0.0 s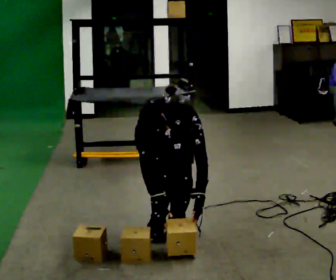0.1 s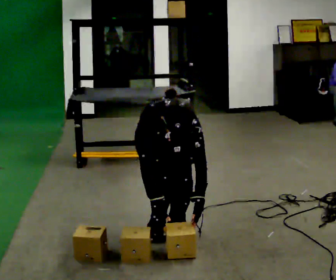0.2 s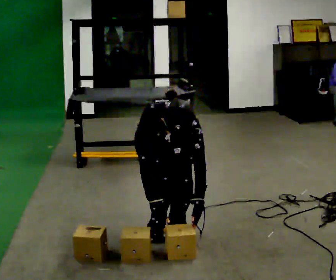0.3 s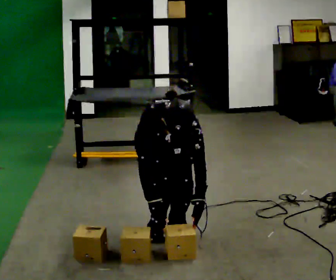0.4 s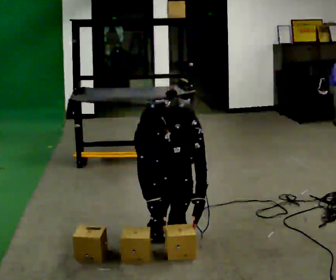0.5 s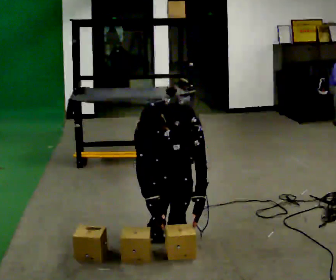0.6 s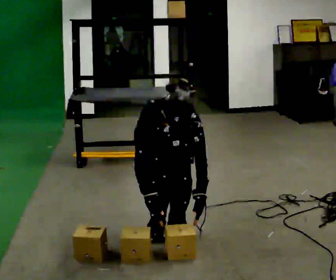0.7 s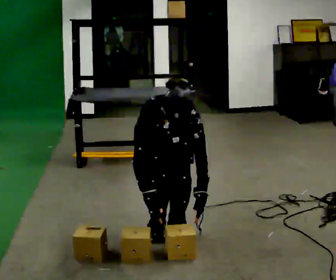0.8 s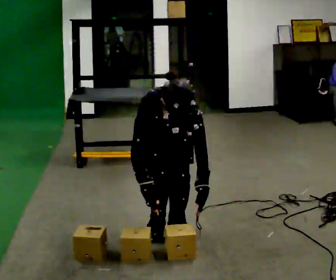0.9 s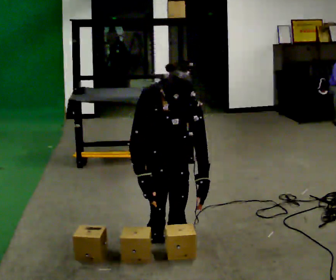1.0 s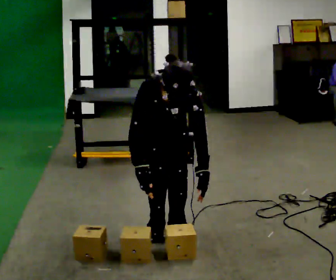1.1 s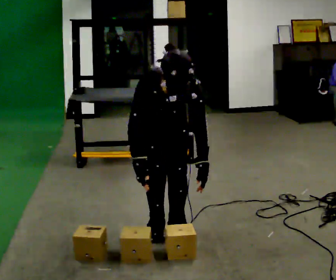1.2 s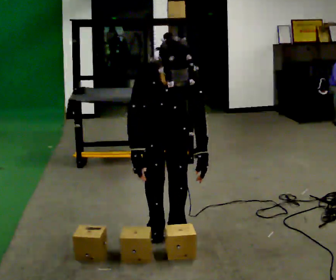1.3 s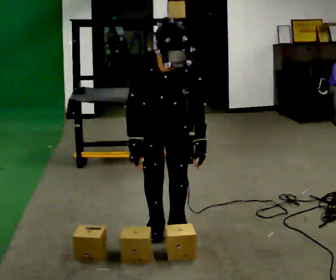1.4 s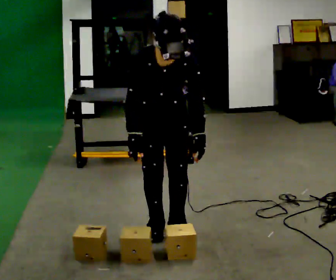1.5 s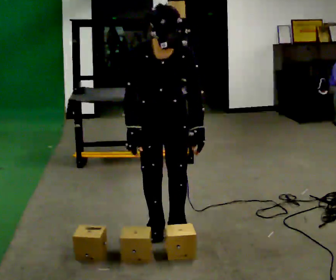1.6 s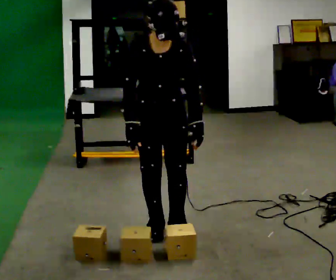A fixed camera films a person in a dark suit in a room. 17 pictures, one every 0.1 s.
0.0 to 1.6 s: The shoulders move upward. The upper body tips away from the camera, its near side rolling upward, as they lean back or straighten. In the picture their right hand goes upward.
The film runs backward here.
